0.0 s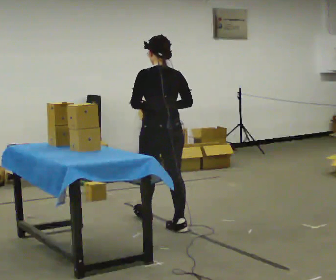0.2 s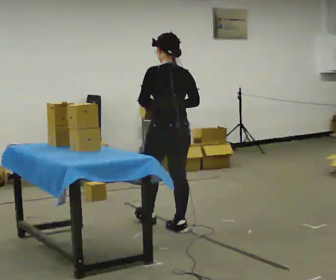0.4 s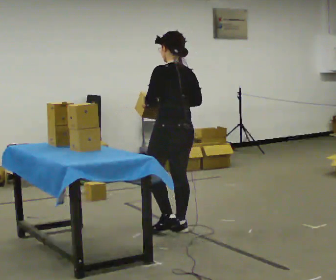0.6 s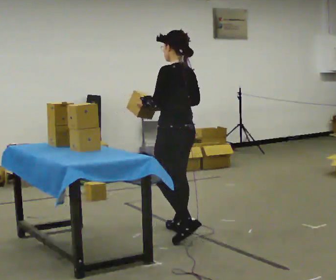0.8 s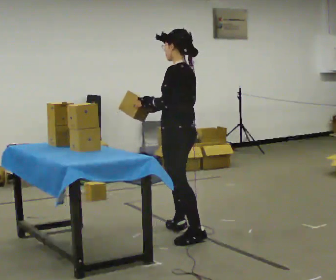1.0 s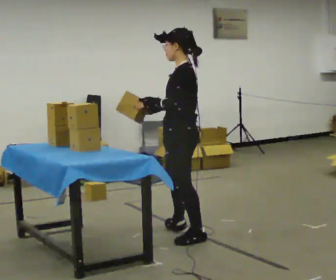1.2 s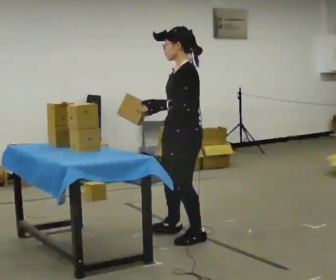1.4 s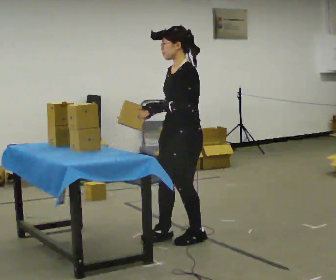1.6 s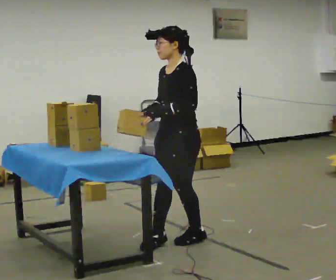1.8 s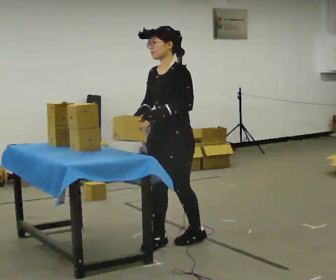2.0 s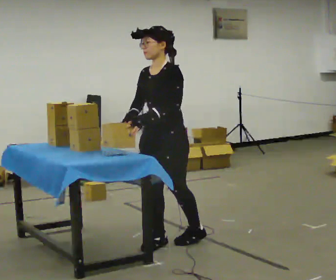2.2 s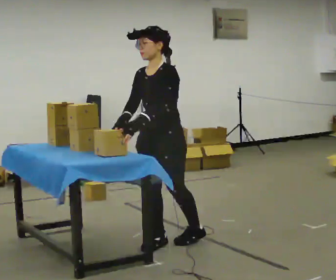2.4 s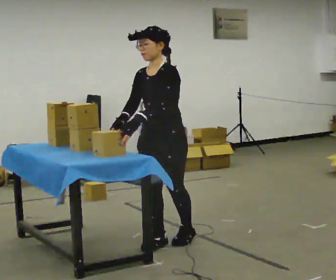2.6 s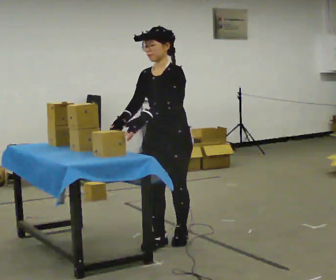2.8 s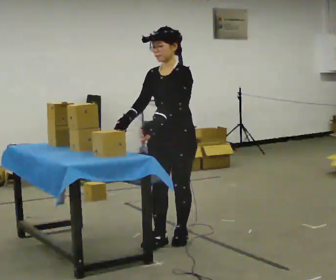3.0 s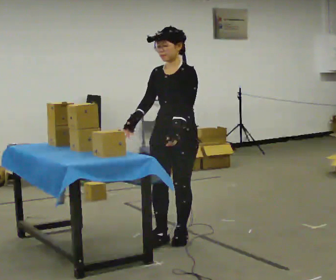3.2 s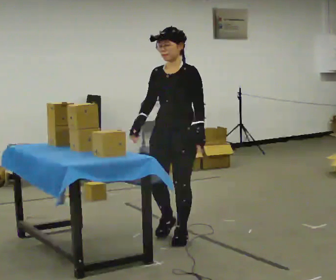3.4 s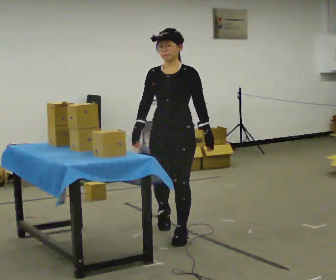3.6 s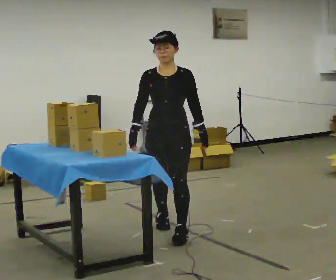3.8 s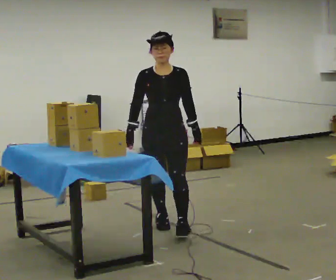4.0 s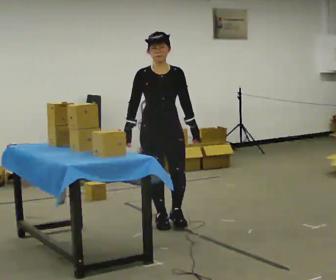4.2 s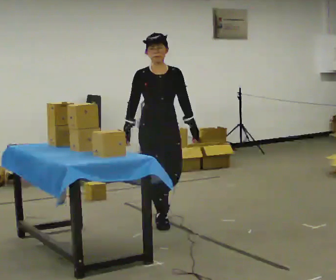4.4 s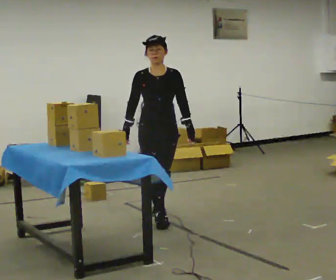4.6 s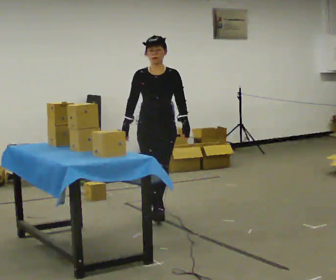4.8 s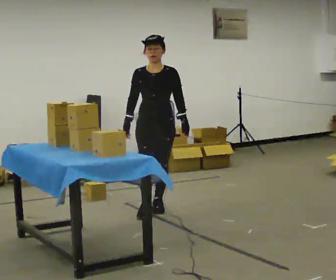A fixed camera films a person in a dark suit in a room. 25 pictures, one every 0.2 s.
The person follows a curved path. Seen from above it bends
clockwise.
The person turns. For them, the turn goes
to their left.
0.0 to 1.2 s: Seen from above the body turns counterclockwise, about 75 degrees: to their left, with its near side sliding to the right. In the picture they go toward the camera, about 0.5 m in 2 steps.
1.2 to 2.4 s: Seen from above the body turns counterclockwise, about 45 degrees: to their left, with its near side sliding to the right. In the picture they go to the left, about 0.25 m in 1 step, which for them is forward.
2.4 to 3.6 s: The person turns about 30 degrees to their left, counterclockwise seen from above, so the part of the body nearest the lens slides to the right. In the picture they go away from the camera, about 0.25 m in 1 step, which for them is backward and to their right.
3.6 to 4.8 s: In the picture they go away from the camera, about 0.75 m in 2 steps, which for them is backward.
The film runs backward here.
